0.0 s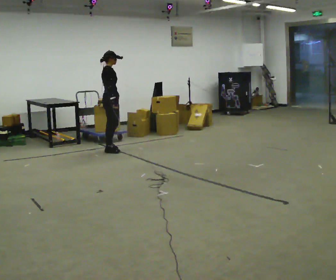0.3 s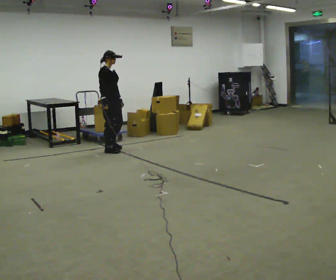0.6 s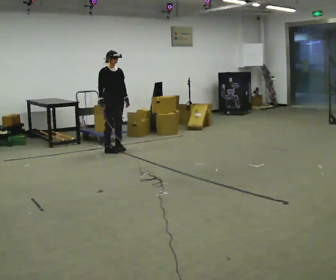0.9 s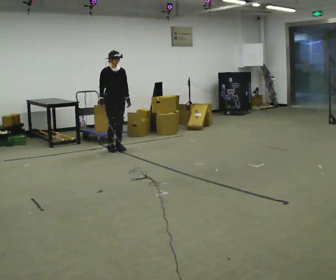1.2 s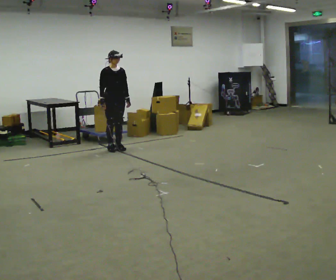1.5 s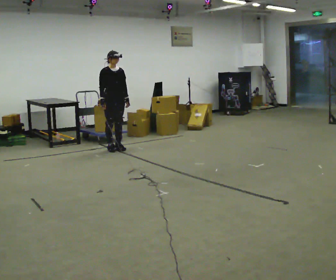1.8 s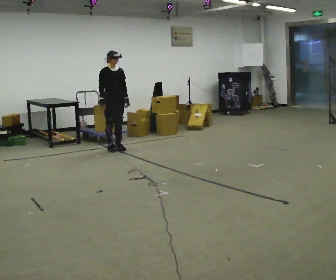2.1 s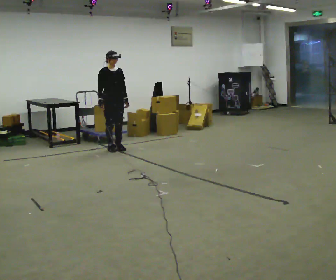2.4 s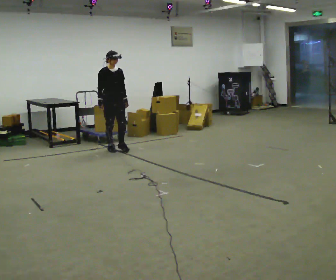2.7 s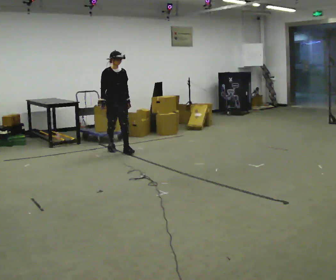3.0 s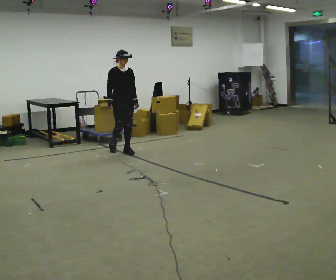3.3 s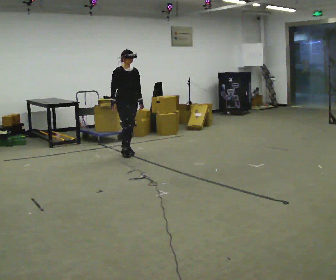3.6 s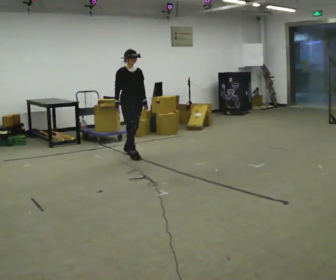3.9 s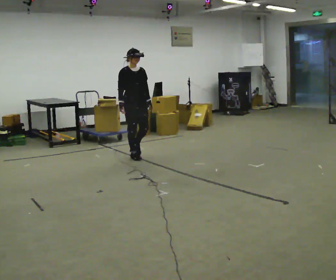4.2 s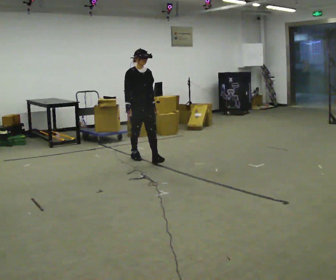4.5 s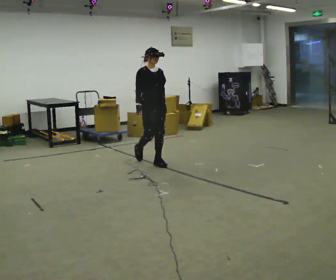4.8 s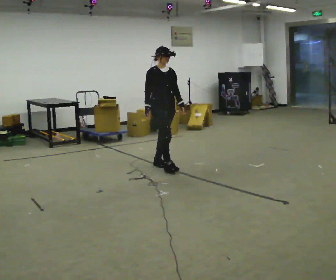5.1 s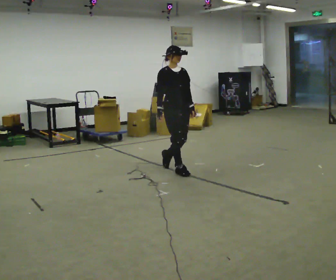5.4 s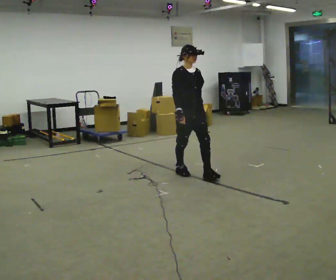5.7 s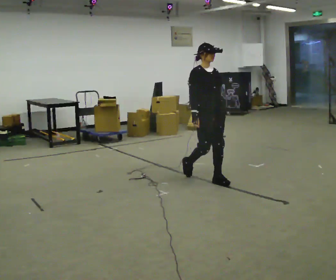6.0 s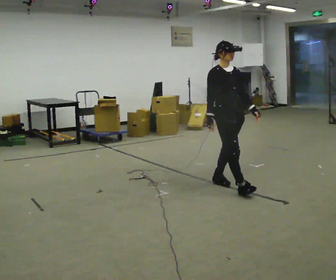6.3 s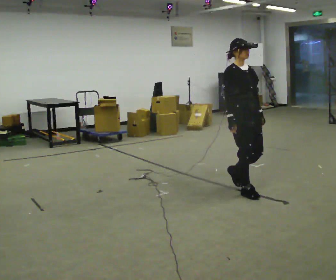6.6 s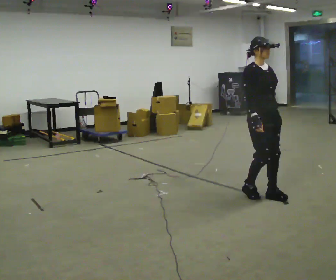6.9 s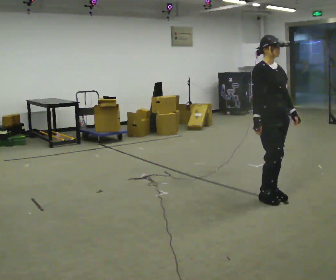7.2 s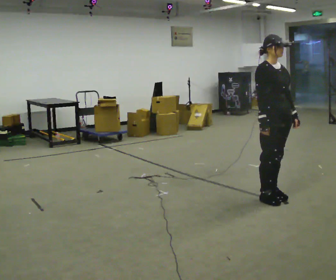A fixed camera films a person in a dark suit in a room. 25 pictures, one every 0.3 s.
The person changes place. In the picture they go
toward the camera.
0.0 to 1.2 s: The person turns about 75 degrees to their right, clockwise seen from above, so the part of the body nearest the lens slides to the left.
1.2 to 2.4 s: The person moves a little, or ends about where they began.
2.4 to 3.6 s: In the picture they go toward the camera and to the right, about 0.5 m in 2 steps, which for them is forward.
3.6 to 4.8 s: In the picture they go toward the camera and to the right, about 1 m in 1 step, which for them is forward.
4.8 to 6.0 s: In the picture they go toward the camera and to the right, about 1 m in 2 steps, which for them is forward.
6.0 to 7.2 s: In the picture they go toward the camera and to the right, about 0.5 m in 3 steps, which for them is forward.
The film runs forward here.
